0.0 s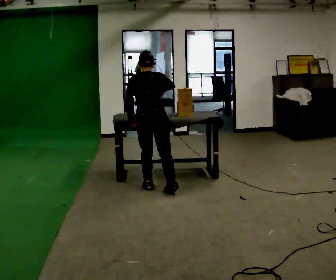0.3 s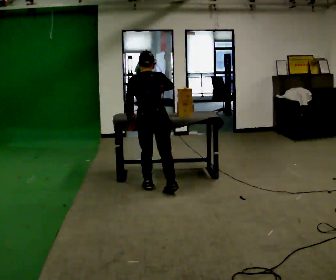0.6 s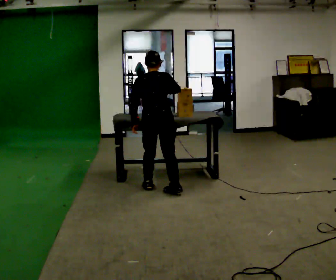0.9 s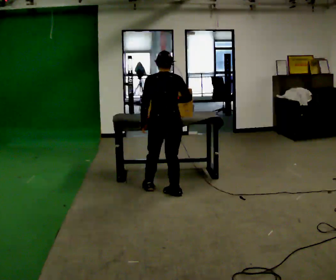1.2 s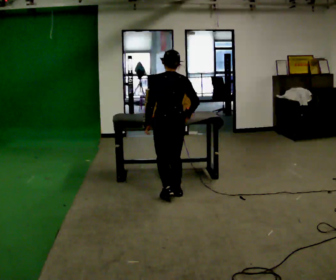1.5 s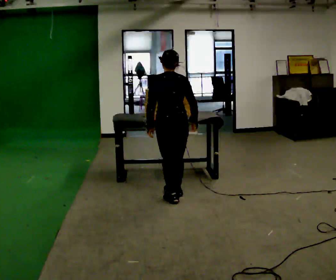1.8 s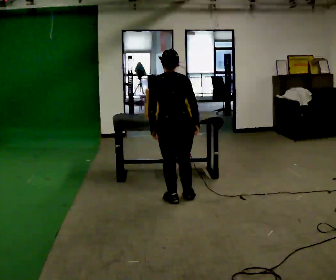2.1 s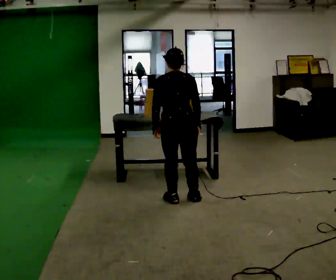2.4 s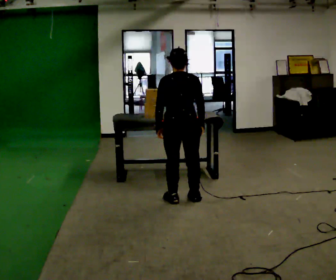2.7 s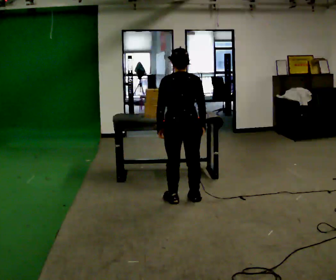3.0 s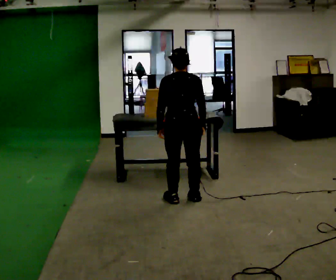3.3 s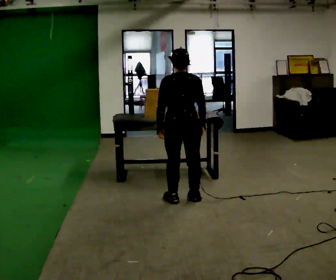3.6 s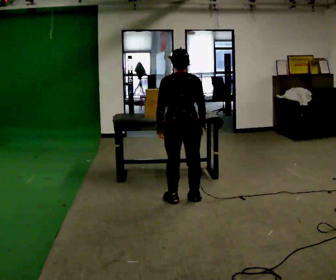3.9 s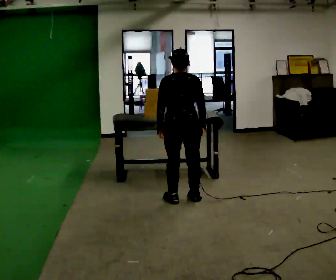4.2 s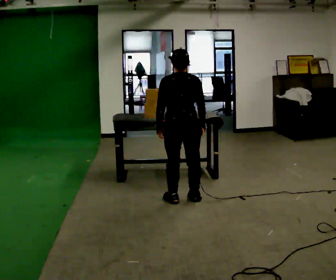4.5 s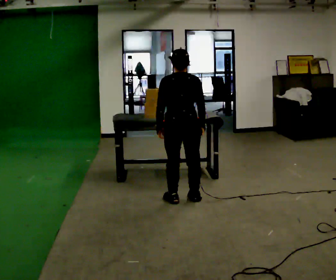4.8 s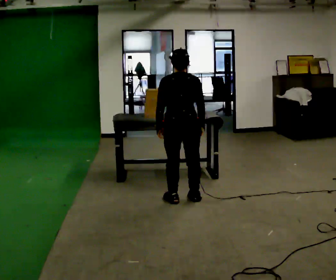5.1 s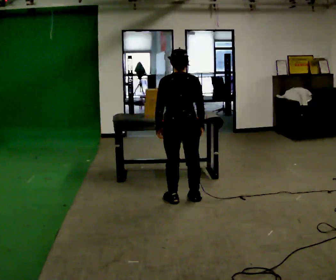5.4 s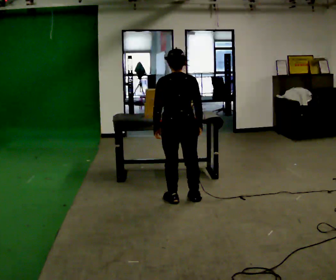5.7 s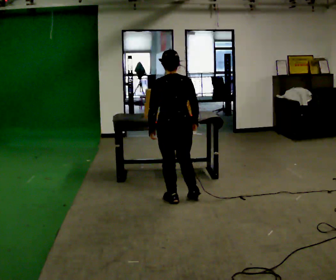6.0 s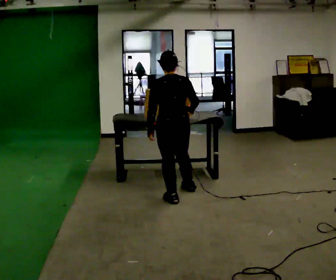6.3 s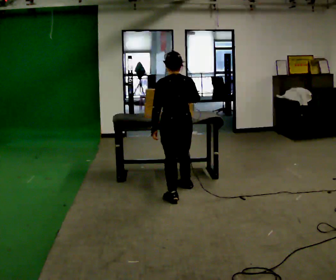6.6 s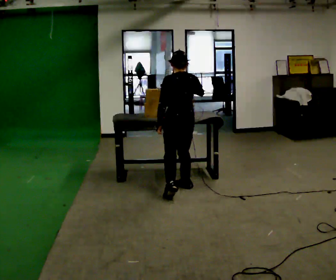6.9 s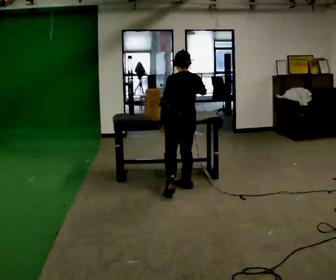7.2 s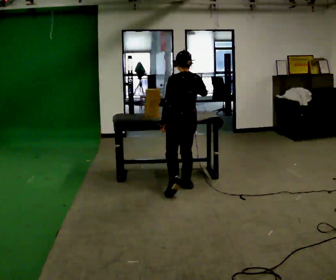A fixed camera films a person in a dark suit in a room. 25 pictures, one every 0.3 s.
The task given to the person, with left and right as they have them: Pick the object up off the floor using only the hand the operator calls, then carry it to the table in that same hand. Keep going until the operator says stop; one object at a time, and do not rush between trips.
0.0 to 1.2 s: In the picture they go toward the camera and to the right, about 0.25 m, which for them is backward and to their right.
1.2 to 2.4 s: In the picture they go toward the camera, about 0.25 m in 2 steps, which for them is backward.
2.4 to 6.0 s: The person moves a little, or ends about where they began.
6.0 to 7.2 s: In the picture they go away from the camera, about 0.25 m in 1 step, which for them is to their right and forward.
The film runs forward here.
